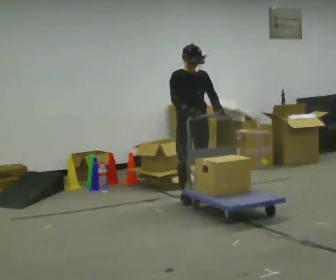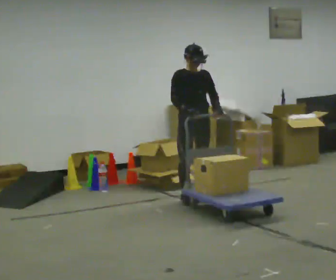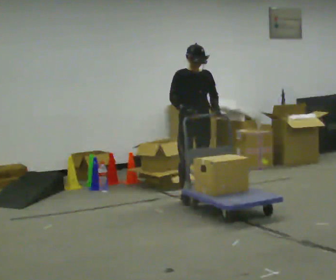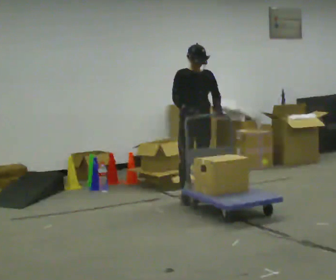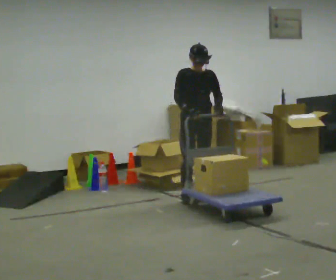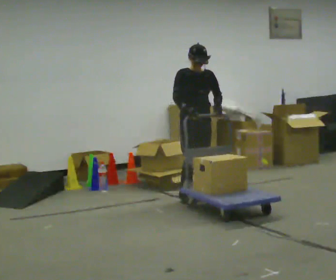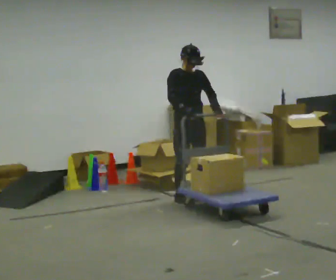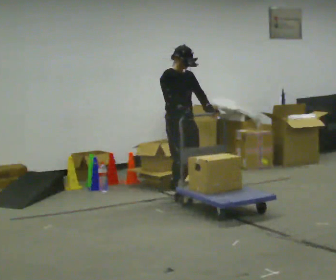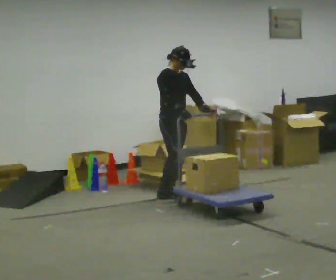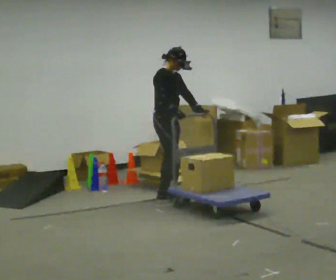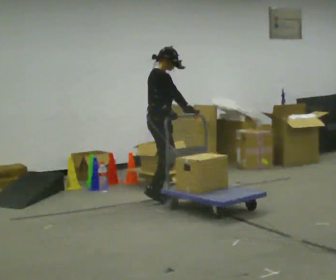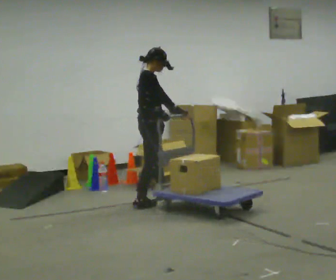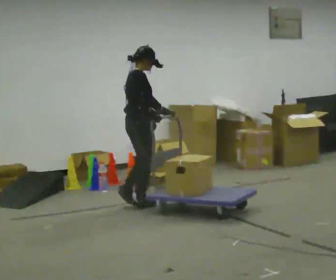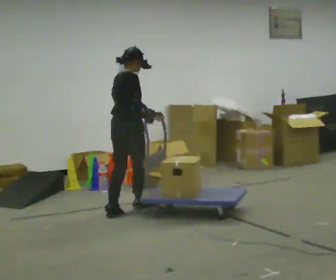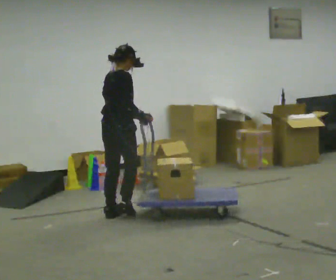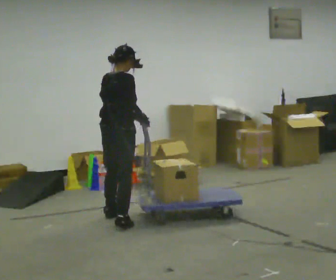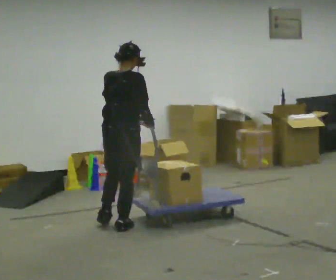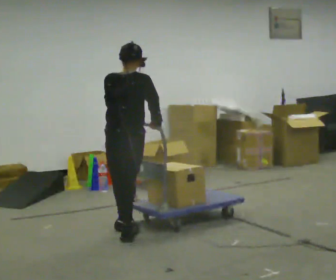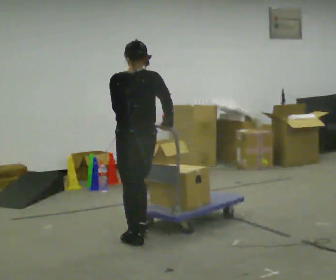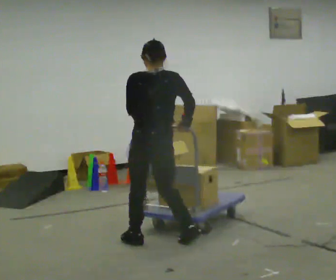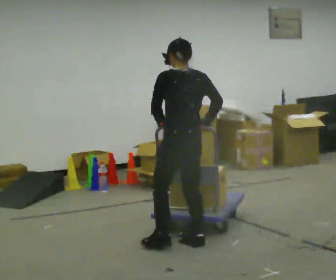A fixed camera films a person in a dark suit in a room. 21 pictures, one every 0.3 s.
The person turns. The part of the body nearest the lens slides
to the right.
The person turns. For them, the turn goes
to their left.
0.0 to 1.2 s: The person moves a little, or ends about where they began.
1.2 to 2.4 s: The part of the body nearest the lens slides to the right as the person turns to their left by about 45 degrees. In the picture they go to the left, about 0.25 m in 1 step, which for them is backward and to their right.
2.4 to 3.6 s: Seen from above the body turns counterclockwise, about 60 degrees: to their left, with its near side sliding to the right. In the picture they go toward the camera and to the left, about 0.5 m in 2 steps, which for them is to their right and backward.
3.6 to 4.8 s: Seen from above the body turns counterclockwise, about 45 degrees: to their left, with its near side sliding to the right. In the picture they go toward the camera, about 0.75 m in 2 steps, which for them is backward and to their right.
4.8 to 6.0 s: Seen from above the body turns counterclockwise, about 60 degrees: to their left, with its near side sliding to the right. In the picture they go to the right and toward the camera, about 0.5 m in 2 steps, which for them is backward and to their right.
The film runs backward here.
